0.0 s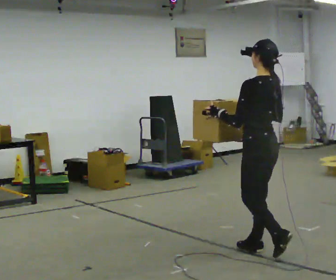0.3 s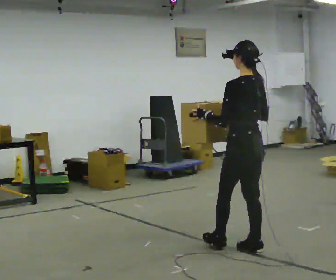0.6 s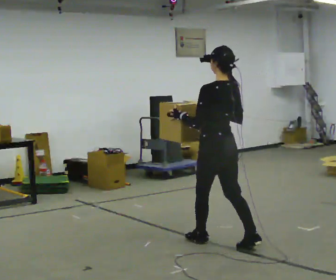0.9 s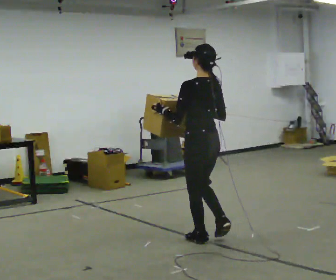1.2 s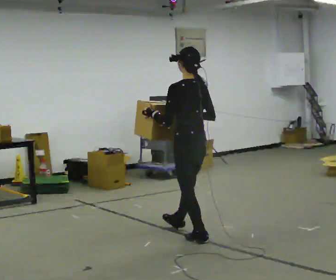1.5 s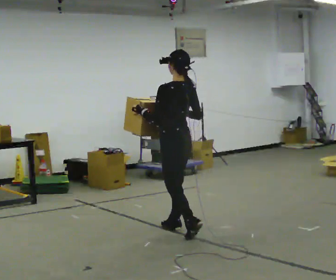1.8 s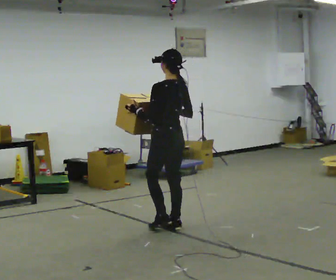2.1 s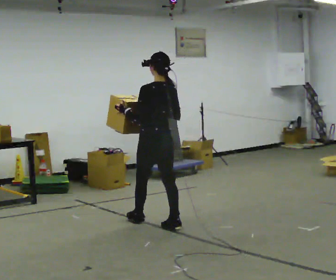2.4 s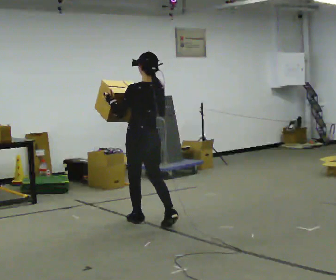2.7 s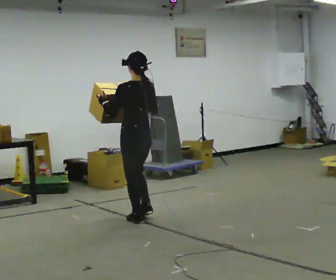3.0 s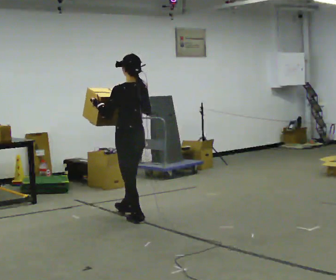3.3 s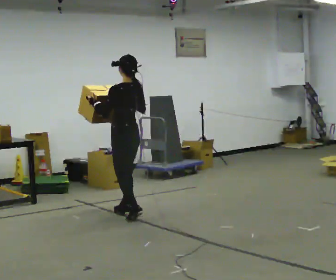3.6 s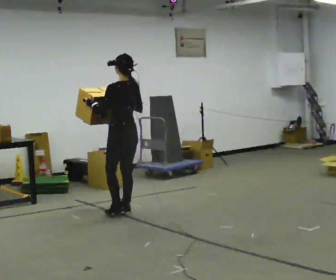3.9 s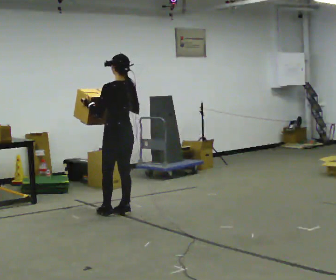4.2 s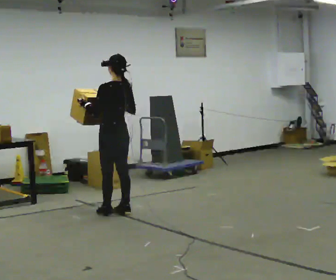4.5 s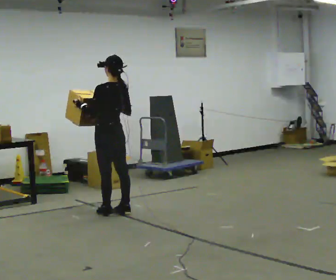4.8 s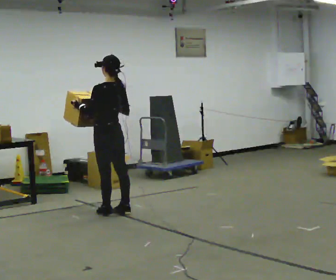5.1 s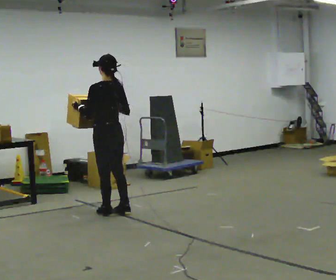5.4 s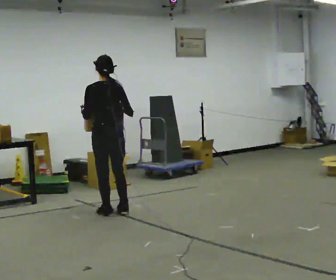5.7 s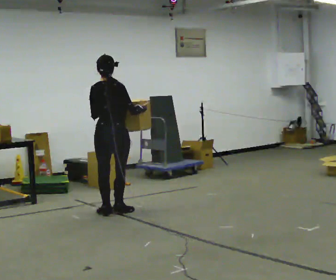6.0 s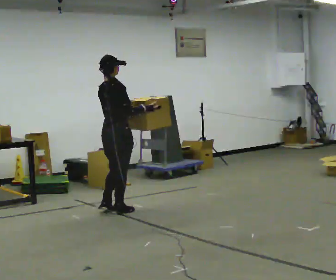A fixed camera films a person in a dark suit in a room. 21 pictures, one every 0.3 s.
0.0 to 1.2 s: In the picture they go away from the camera and to the left, about 0.5 m in 1 step, which for them is forward.
1.2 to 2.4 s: In the picture they go away from the camera and to the left, about 0.75 m in 2 steps, which for them is forward.
2.4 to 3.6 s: In the picture they go away from the camera, about 0.5 m in 1 step, which for them is forward.
3.6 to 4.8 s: The person moves a little, or ends about where they began.
4.8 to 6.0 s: Seen from above the body turns clockwise, about 90 degrees: to their right, with its near side sliding to the left.
The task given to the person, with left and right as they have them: Carry the heavy box in both hands in front of you, walking back and forth across the room. Keep walking until the operator says stop. Set it down if you need a rest.
The film runs forward here.
